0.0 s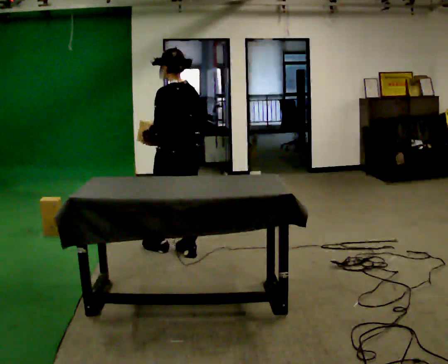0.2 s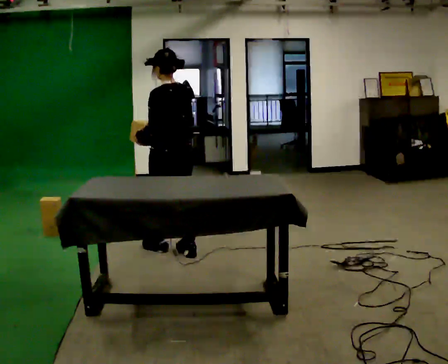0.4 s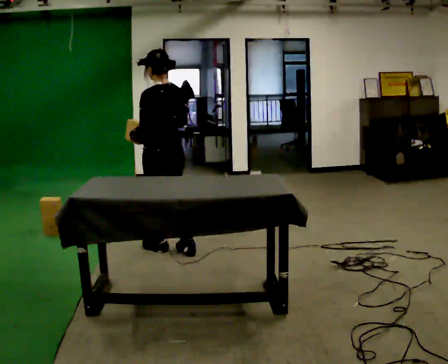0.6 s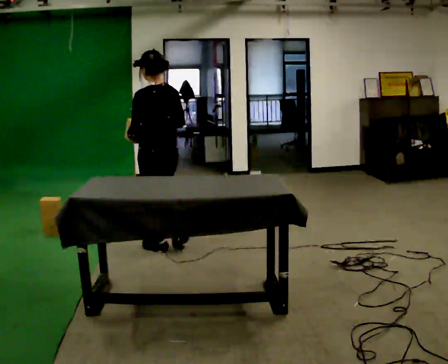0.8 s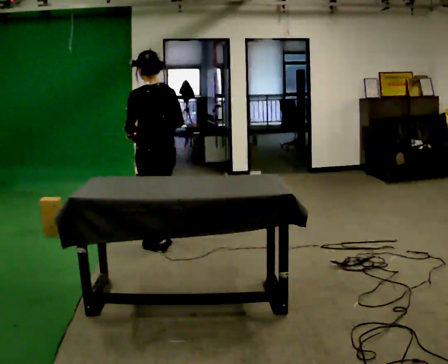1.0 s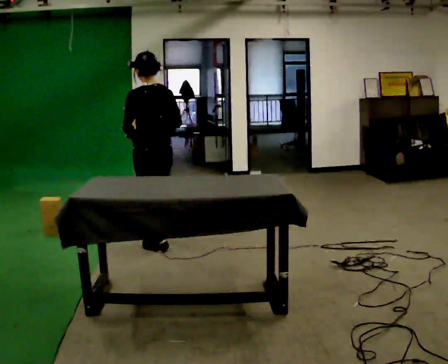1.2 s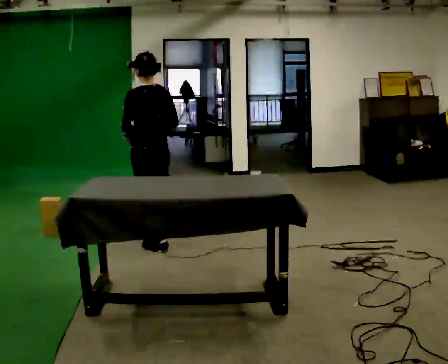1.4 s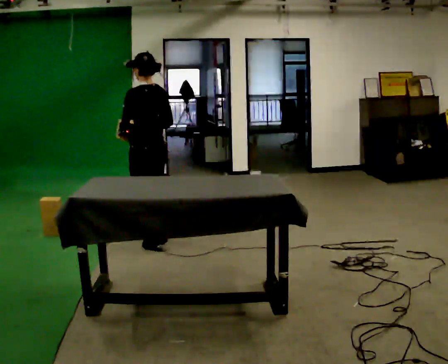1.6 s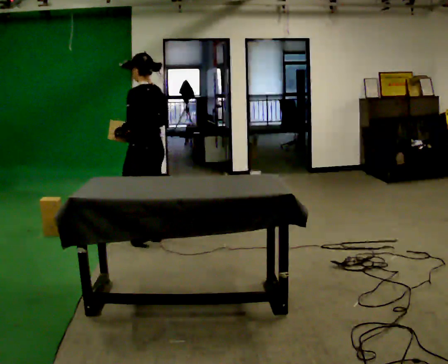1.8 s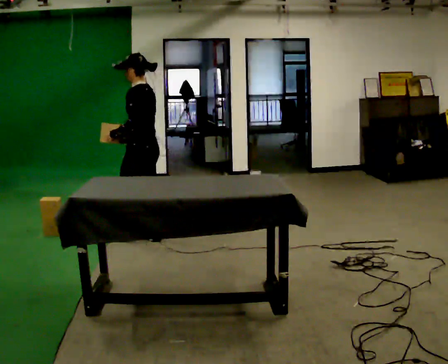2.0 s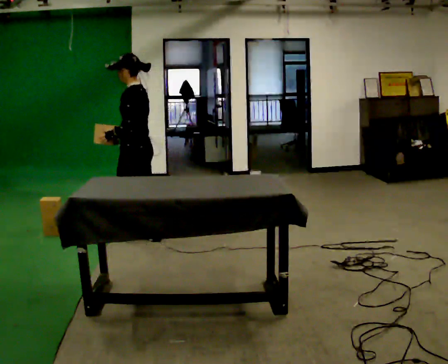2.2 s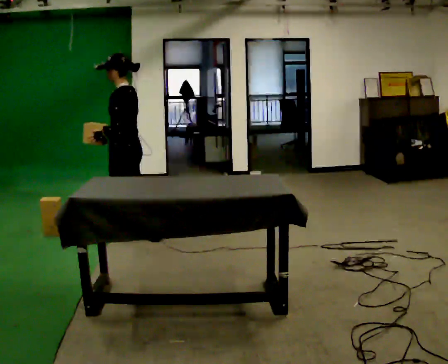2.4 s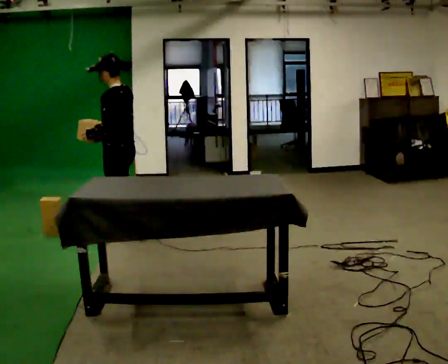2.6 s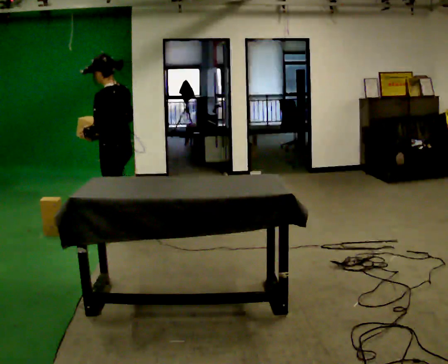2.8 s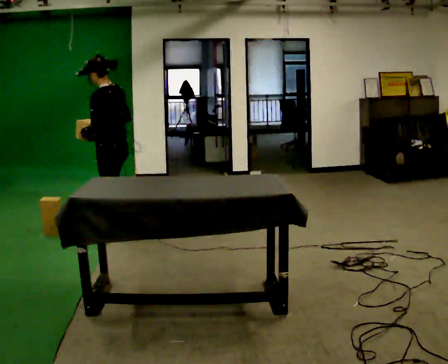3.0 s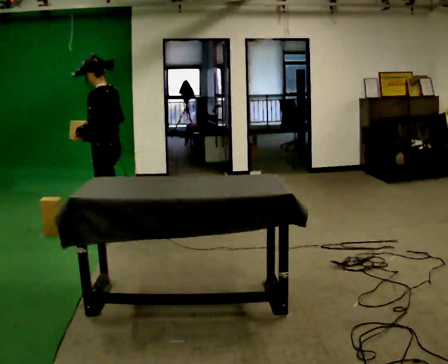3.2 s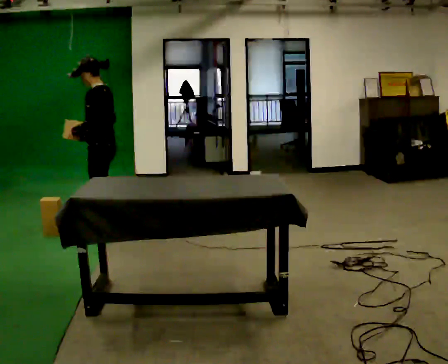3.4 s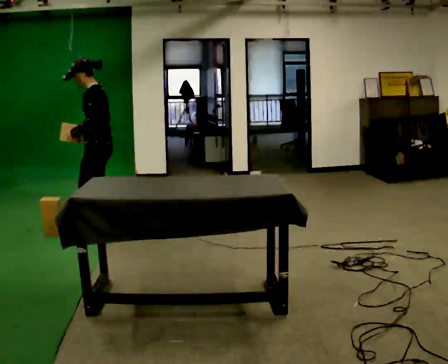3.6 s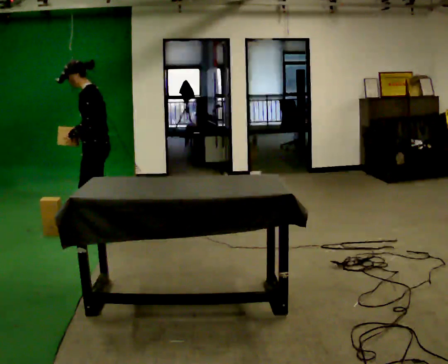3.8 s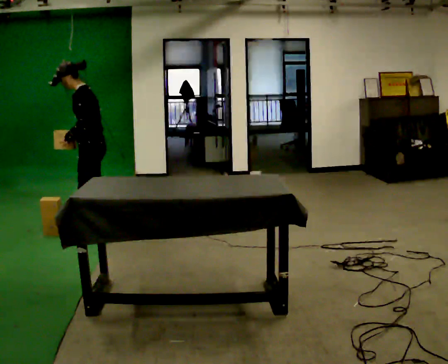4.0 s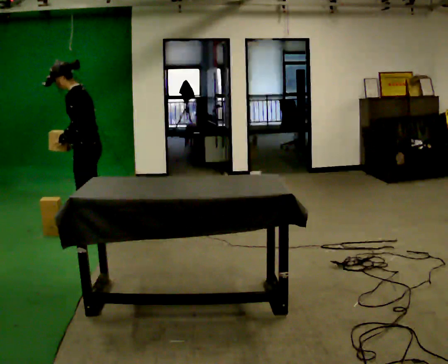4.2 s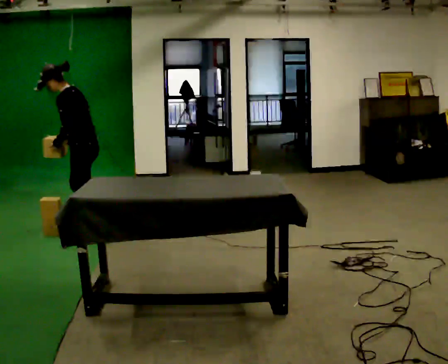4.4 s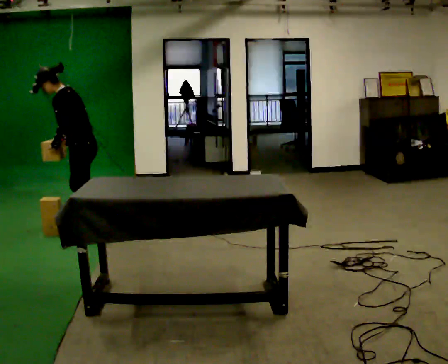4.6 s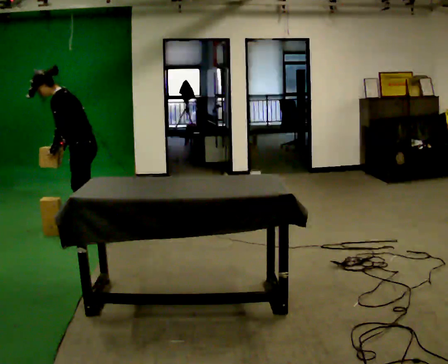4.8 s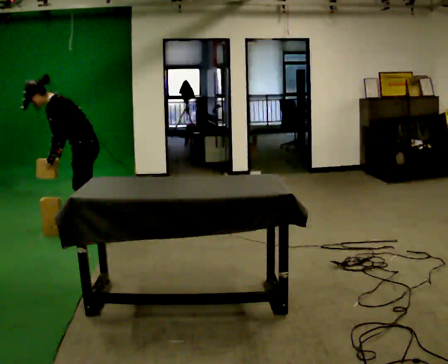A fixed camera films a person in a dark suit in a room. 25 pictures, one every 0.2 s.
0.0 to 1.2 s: In the picture they go away from the camera and to the left, about 0.25 m in 2 steps, which for them is forward.
1.2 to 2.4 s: The part of the body nearest the lens slides to the right as the person turns to their left by about 30 degrees. In the picture they go to the left and away from the camera, about 0.25 m in 1 step, which for them is forward.
2.4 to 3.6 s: The person turns about 30 degrees to their left, counterclockwise seen from above, so the part of the body nearest the lens slides to the right. In the picture they go to the left and away from the camera, about 0.25 m in 1 step, which for them is forward and to their right.
3.6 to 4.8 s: In the picture the upper body tilts counterclockwise, shoulders to the left, as they bend forward.
The film runs forward here.
